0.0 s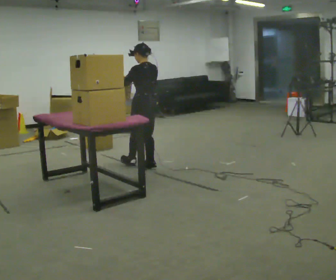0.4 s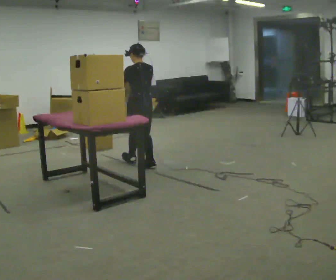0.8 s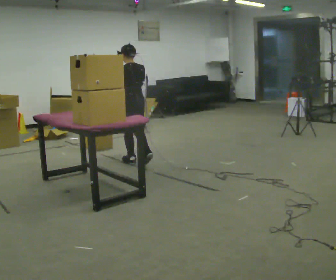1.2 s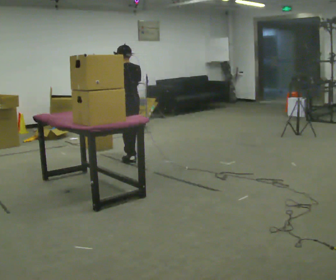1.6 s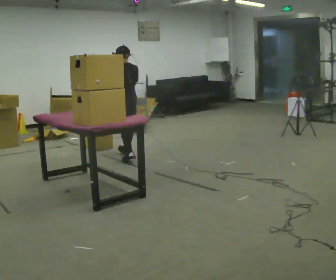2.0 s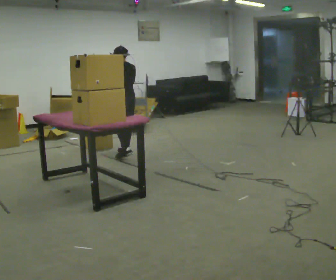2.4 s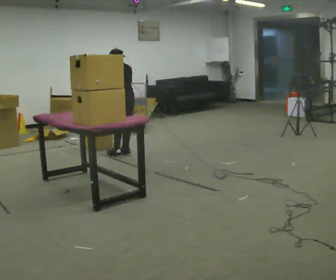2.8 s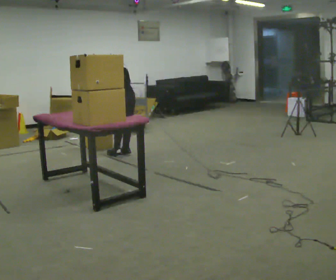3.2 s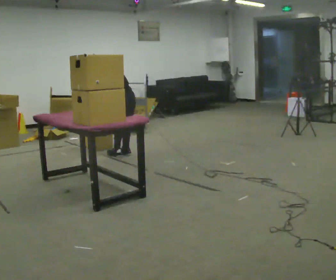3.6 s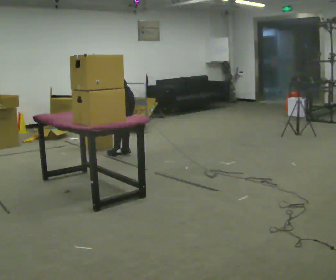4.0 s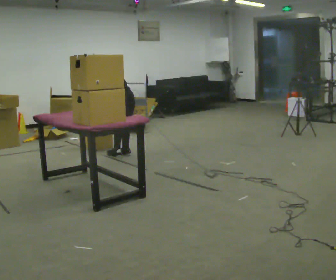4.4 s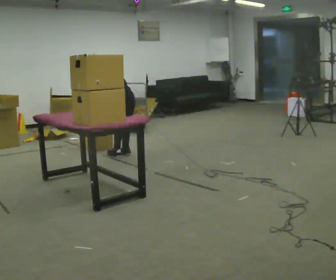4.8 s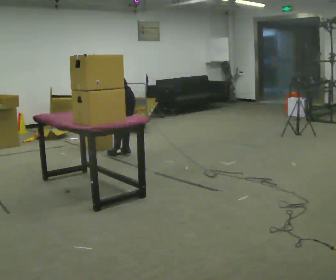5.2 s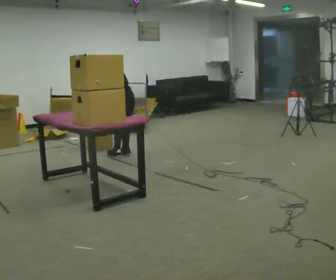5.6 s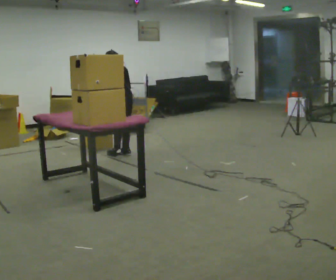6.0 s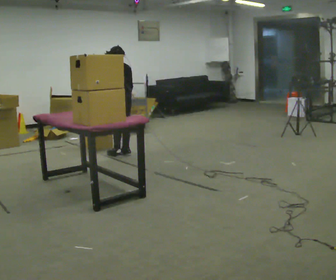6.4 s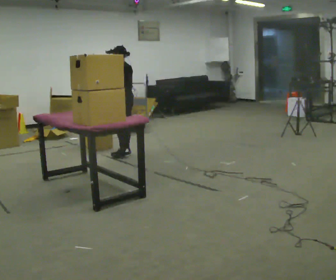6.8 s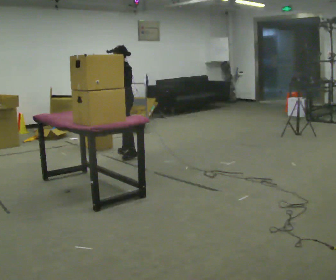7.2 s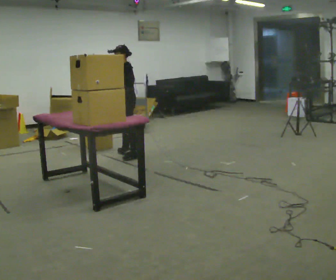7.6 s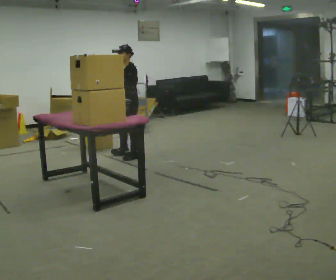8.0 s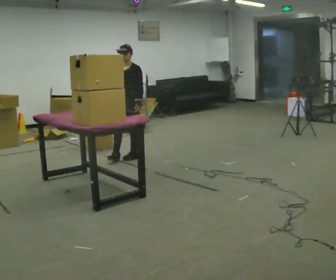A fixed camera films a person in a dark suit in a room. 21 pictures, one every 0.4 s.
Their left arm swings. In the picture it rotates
counterclockwise.
0.0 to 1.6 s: In the picture they go away from the camera, about 0.5 m in 2 steps, which for them is forward.
1.6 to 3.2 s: The upper body tips away from the camera, its near side rolling upward, as they bend forward.
3.2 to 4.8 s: The person moves a little, or ends about where they began.
4.8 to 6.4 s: The upper body tips toward the camera, its near side rolling downward, as they lean back or straighten.
6.4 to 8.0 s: Seen from above the body turns counterclockwise, about 90 degrees: to their left, with its near side sliding to the right. In the picture they go toward the camera, about 0.25 m in 1 step.
The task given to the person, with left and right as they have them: Take boxes off the top of the stack one at a time and carry them away, walking back for each one. Keep going until the operator says stop; one object at a time, and do not rush between trips.
The film runs forward here.
